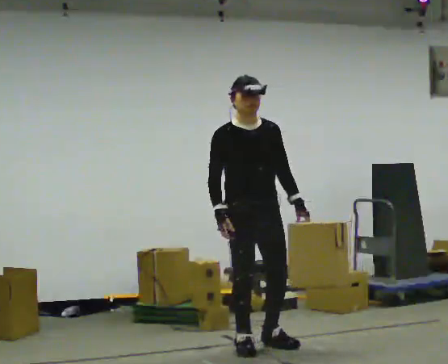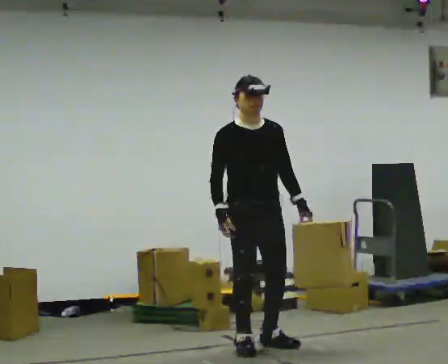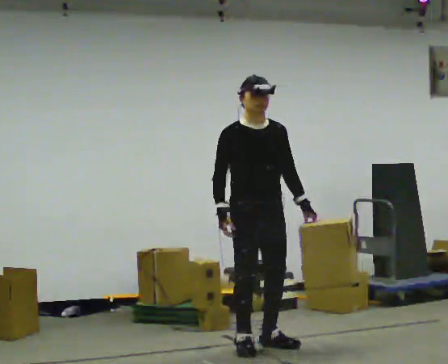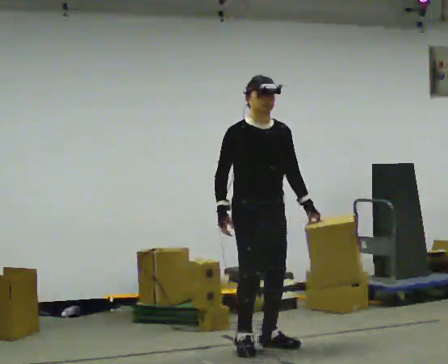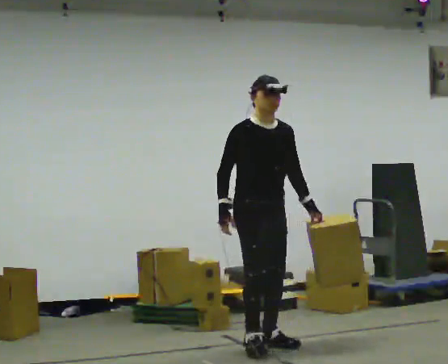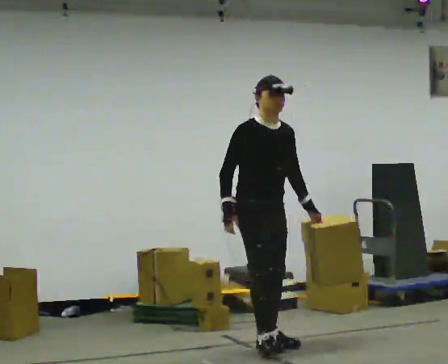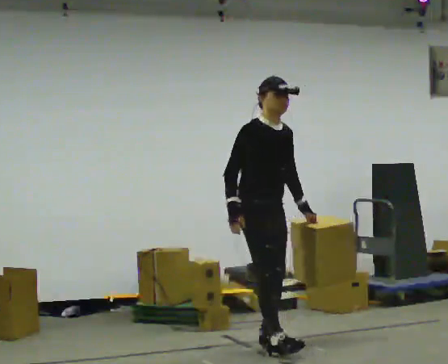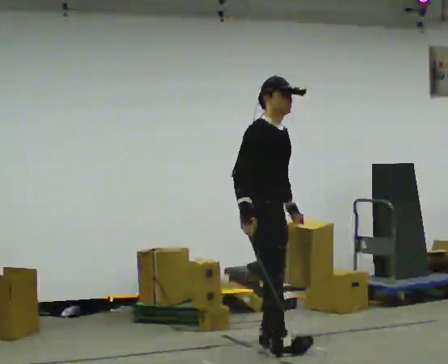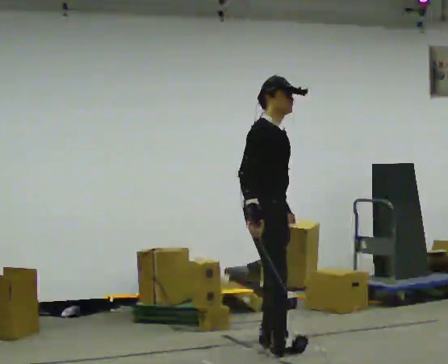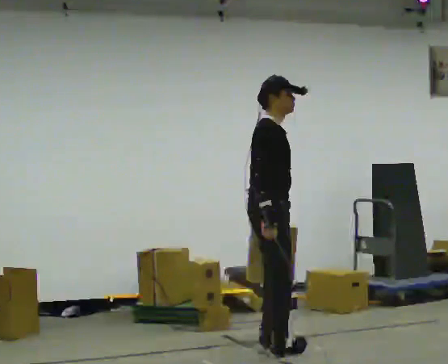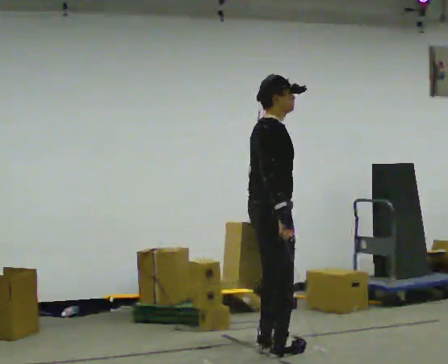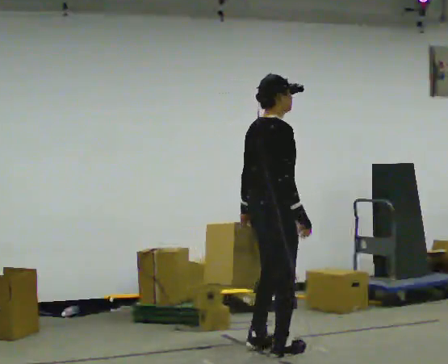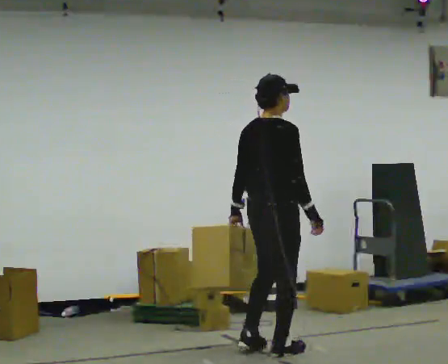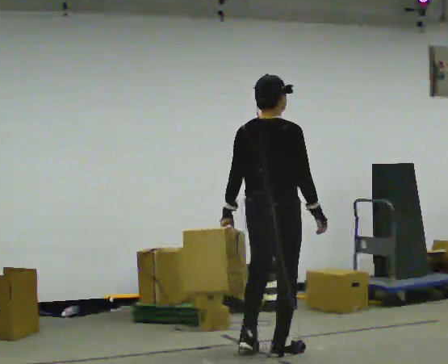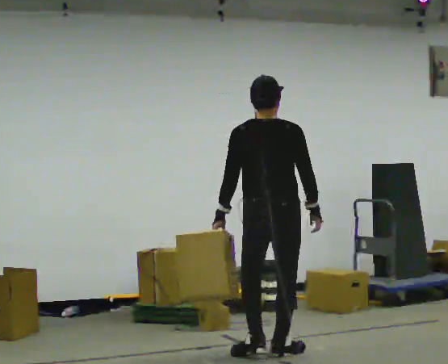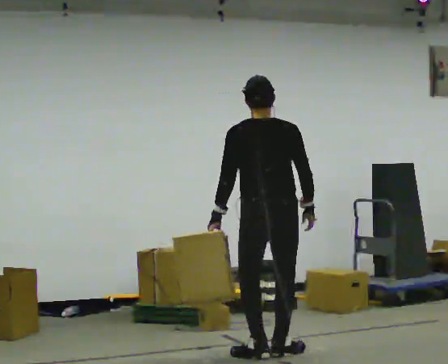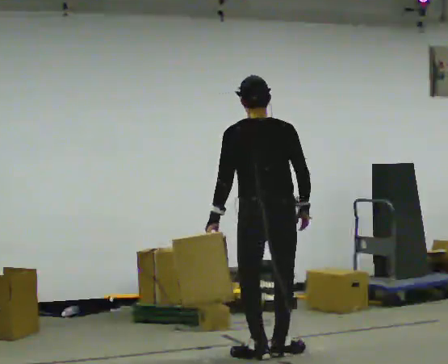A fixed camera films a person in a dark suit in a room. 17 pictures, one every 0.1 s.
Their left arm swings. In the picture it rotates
clockwise.
The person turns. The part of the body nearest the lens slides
to the right.
0.0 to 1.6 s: Seen from above the body turns counterclockwise, about 165 degrees: to their left, with its near side sliding to the right. In the picture they go toward the camera, about 0.25 m in 2 steps. In the picture their left hand goes to the left, the arm swinging clockwise.
The film runs backward here.
